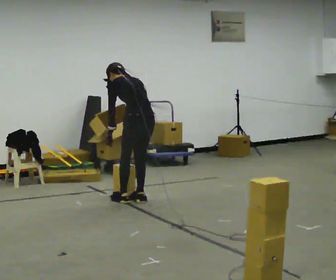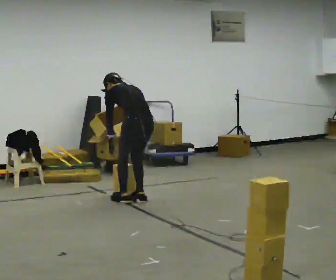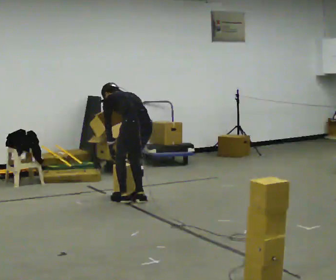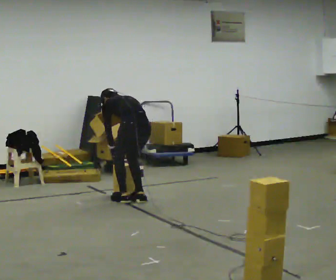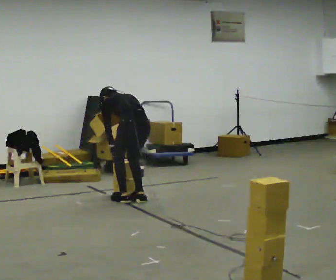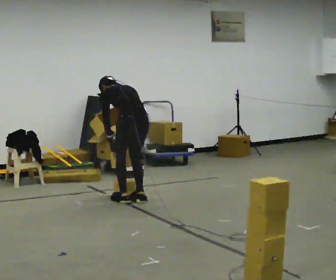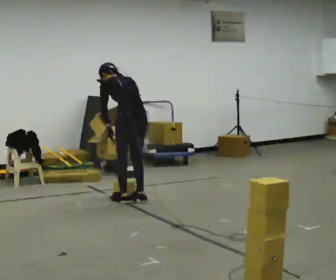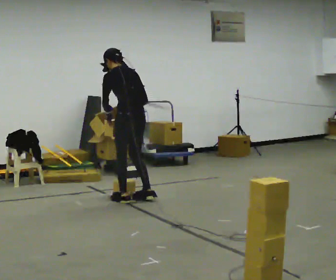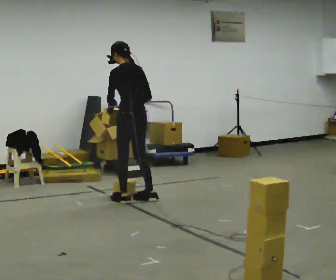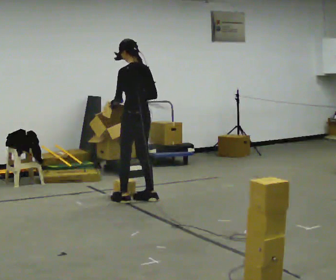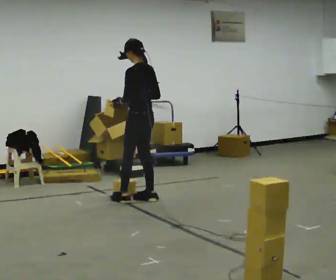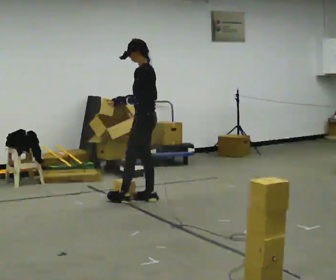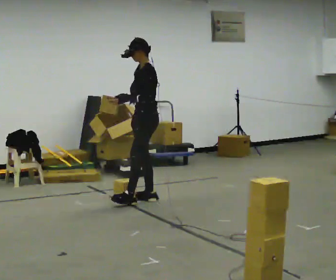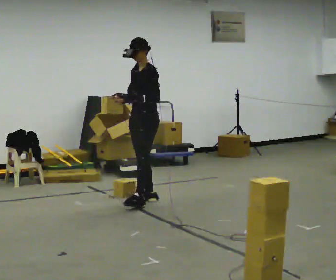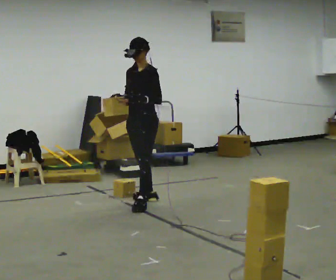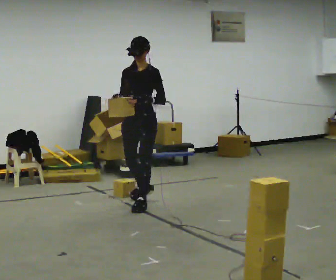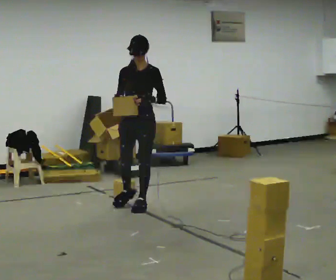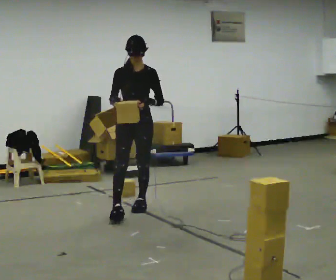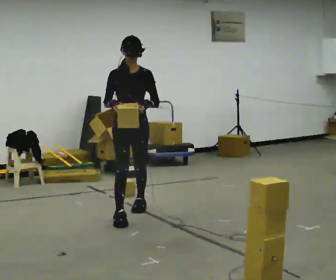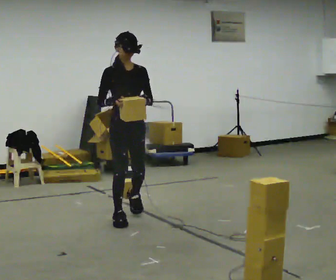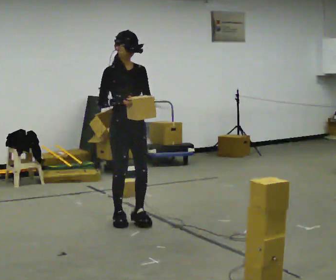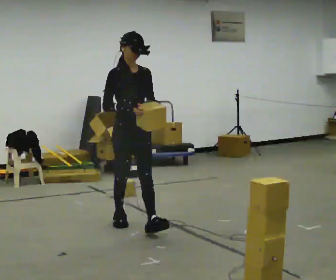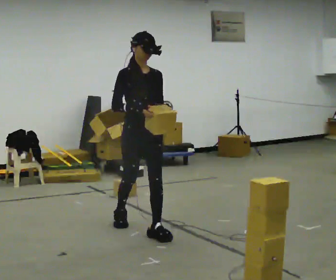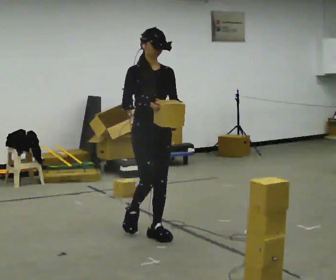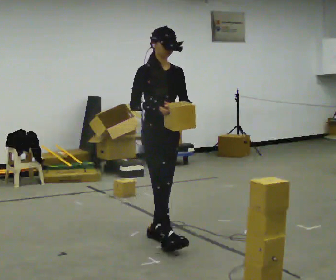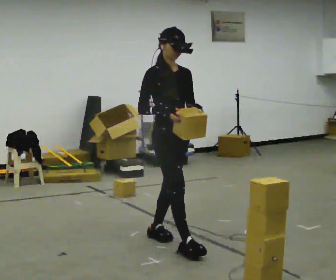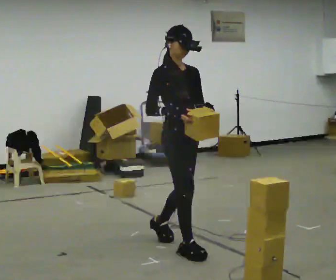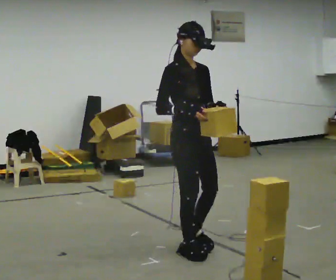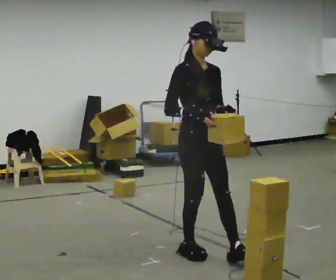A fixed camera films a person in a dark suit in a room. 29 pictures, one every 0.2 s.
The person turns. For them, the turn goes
to their left.
The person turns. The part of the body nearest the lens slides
to the right.
0.0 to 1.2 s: The person moves a little, or ends about where they began.
1.2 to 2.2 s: The part of the body nearest the lens slides to the right as the person turns to their left by about 60 degrees. In the picture they go to the right, about 0.25 m, which for them is to their right. The upper body tips toward the camera, its near side rolling downward, as they lean back or straighten.
2.2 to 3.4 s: Seen from above the body turns counterclockwise, about 105 degrees: to their left, with its near side sliding to the right. In the picture they go toward the camera, about 0.5 m in 1 step.
3.4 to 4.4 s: In the picture they go toward the camera, about 0.75 m in 2 steps, which for them is forward.
4.4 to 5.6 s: In the picture they go toward the camera and to the right, about 1 m in 1 step, which for them is forward.
The film runs forward here.
